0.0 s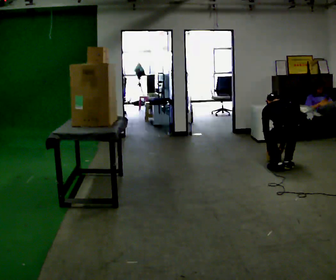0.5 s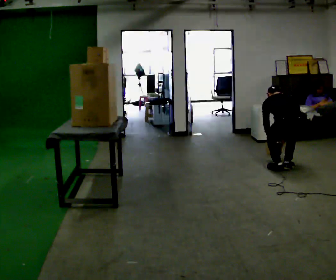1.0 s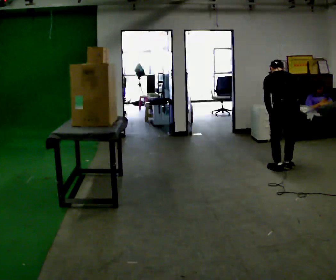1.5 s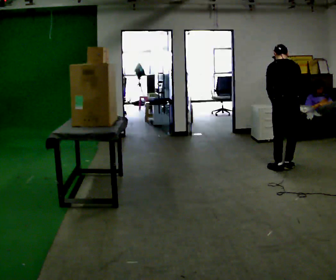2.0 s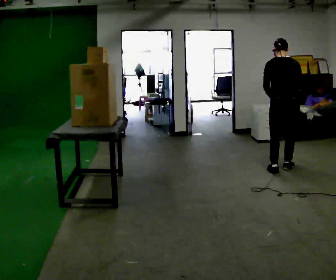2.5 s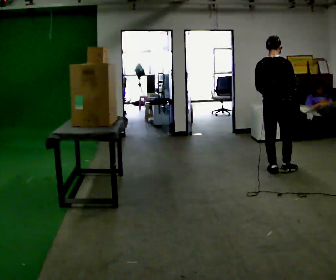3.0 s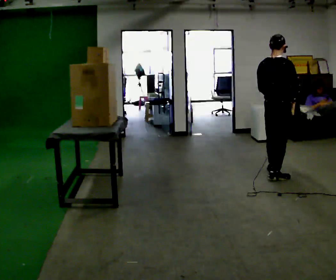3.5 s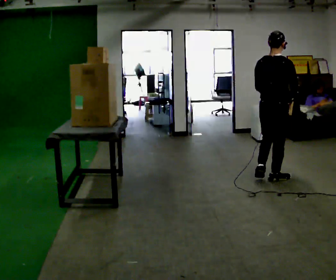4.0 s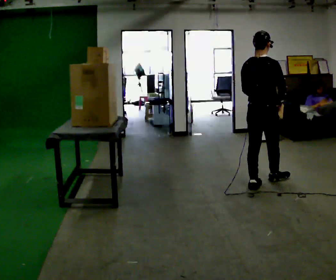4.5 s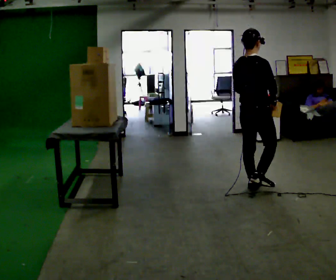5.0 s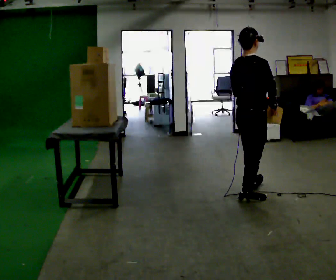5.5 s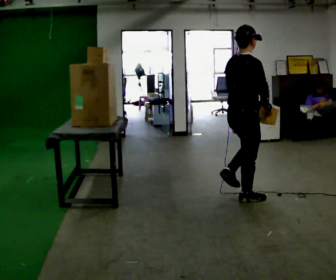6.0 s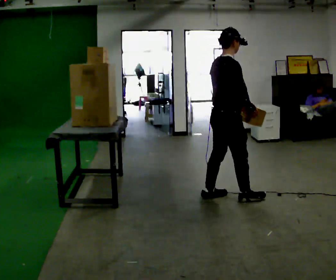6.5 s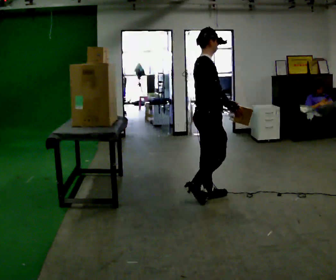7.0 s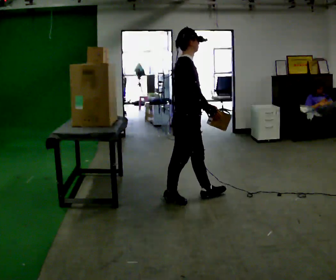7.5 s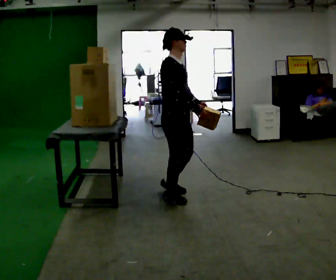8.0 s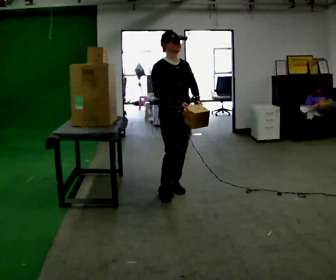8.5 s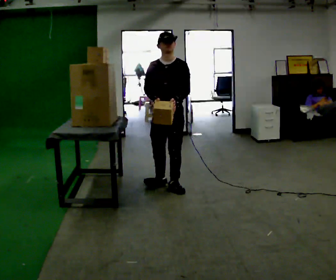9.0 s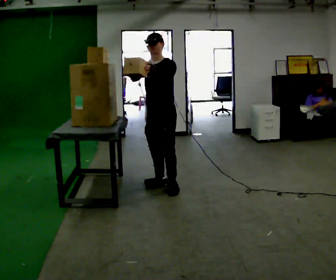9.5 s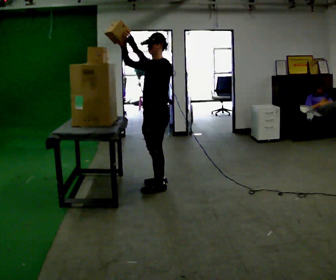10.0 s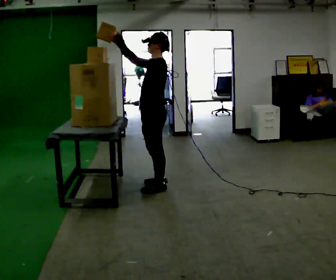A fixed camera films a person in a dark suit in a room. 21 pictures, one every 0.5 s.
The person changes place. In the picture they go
to the left.
The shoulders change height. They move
upward.
0.0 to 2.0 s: The upper body goes upward. The upper body tips toward the camera, its near side rolling downward, as they lean back or straighten. In the picture their right hand goes upward.
2.0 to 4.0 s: Seen from above the body turns clockwise, about 30 degrees: to their right, with its near side sliding to the left. In the picture they go toward the camera and to the left, about 0.75 m in 2 steps, which for them is backward.
4.0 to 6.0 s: The part of the body nearest the lens slides to the left as the person turns to their right by about 30 degrees. In the picture they go toward the camera and to the left, about 0.5 m in 2 steps, which for them is backward.
6.0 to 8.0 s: The person turns about 75 degrees to their right, clockwise seen from above, so the part of the body nearest the lens slides to the left. In the picture they go to the left, about 0.5 m in 3 steps.
8.0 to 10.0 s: The part of the body nearest the lens slides to the left as the person turns to their right by about 120 degrees. In the picture they go to the left, about 0.25 m. In the picture their left hand goes to the left and upward.
The film runs backward here.
